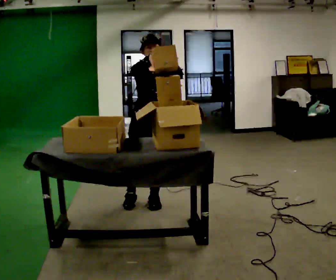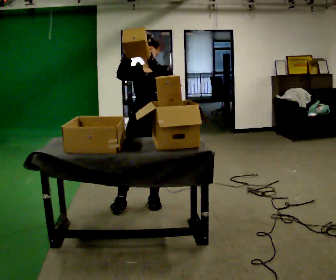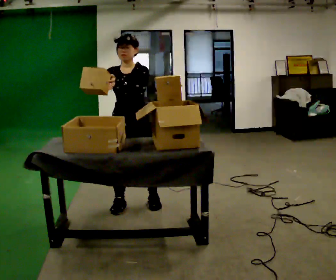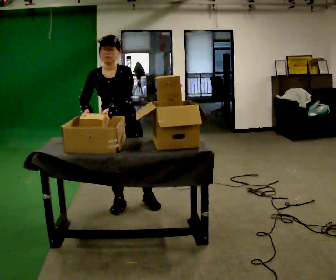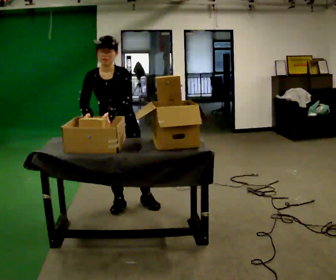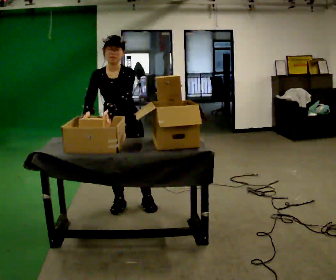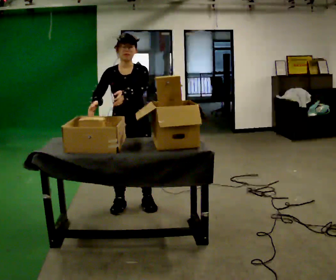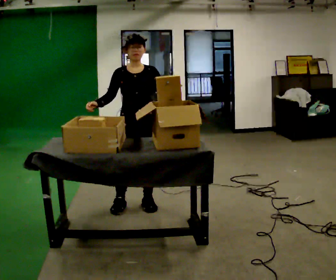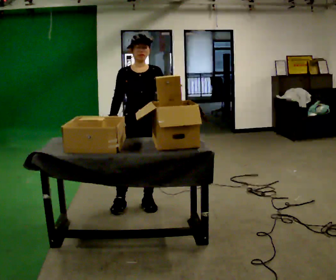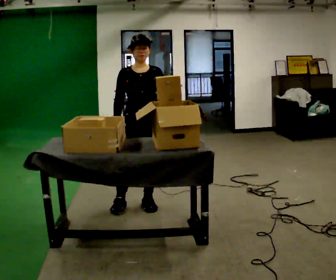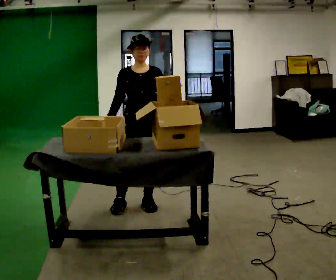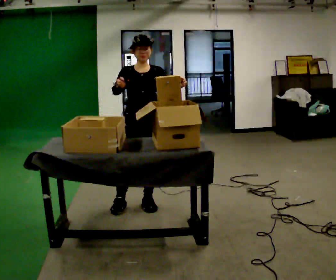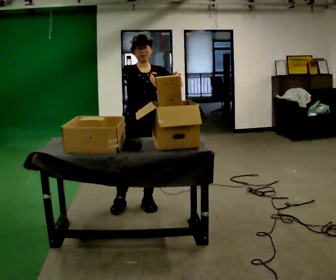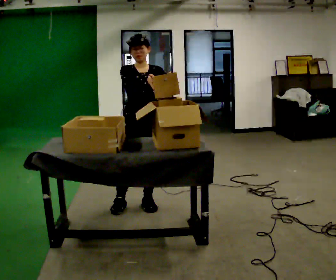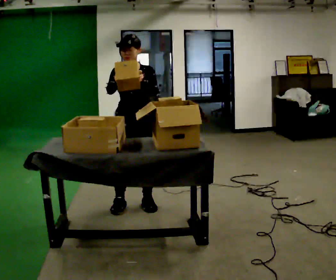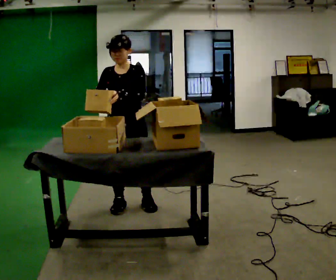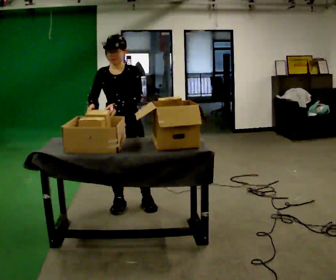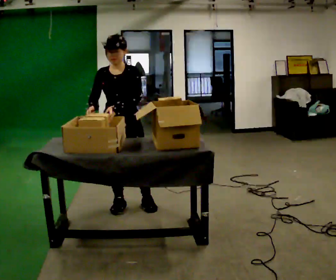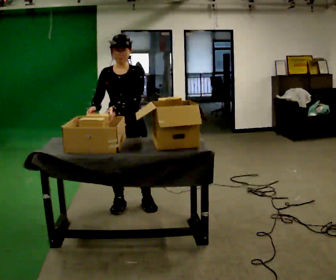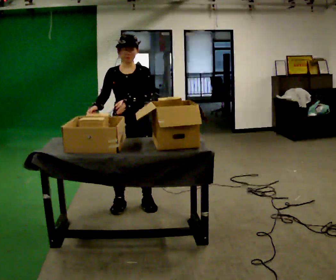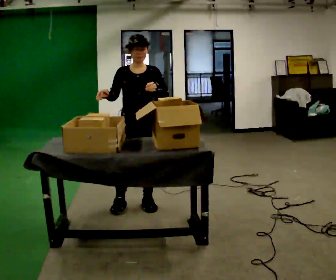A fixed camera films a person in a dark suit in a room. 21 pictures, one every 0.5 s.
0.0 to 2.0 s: In the picture they go to the left, about 0.25 m in 1 step, which for them is to their right. The upper body tips toward the camera, its near side rolling downward, as they bend forward. In the picture their right hand goes downward.
2.0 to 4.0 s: In the picture they go to the right, about 0.25 m, which for them is to their left. The upper body tips away from the camera, its near side rolling upward, as they lean back or straighten. In the picture their left hand goes to the right.
4.0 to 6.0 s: In the picture their right hand goes upward and to the right.
6.0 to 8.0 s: In the picture they go to the left, about 0.25 m, which for them is to their right. In the picture their right hand goes to the left.
8.0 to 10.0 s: In the picture they go to the right, about 0.25 m, which for them is to their left. In the picture their left hand goes to the right.
The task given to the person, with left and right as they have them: 1. Move everything from the second bin into the first bin. 2. Carry the empty bin to the shelf. 3. Carry the full bin to the table. 4. Tell the operator when you are finished.
The film runs forward here.
